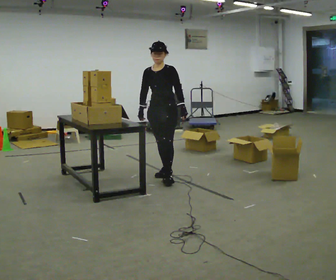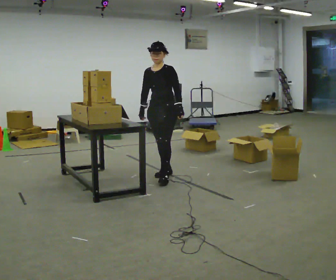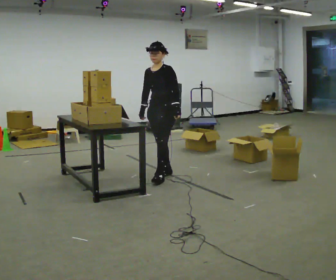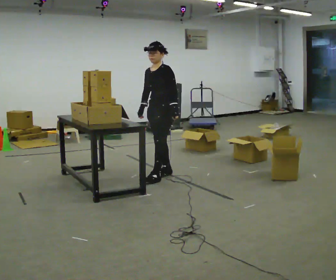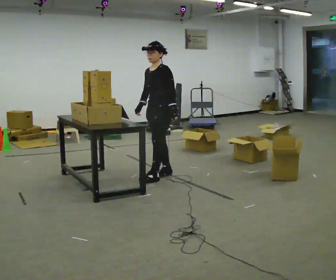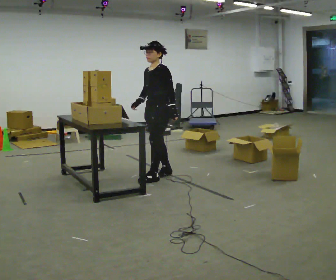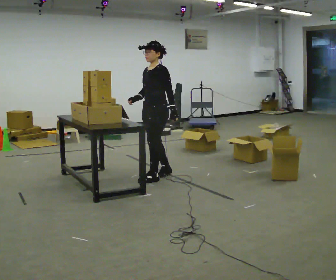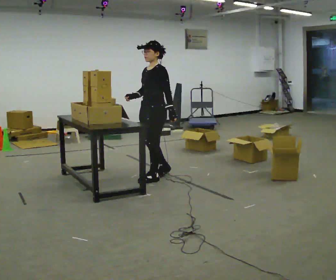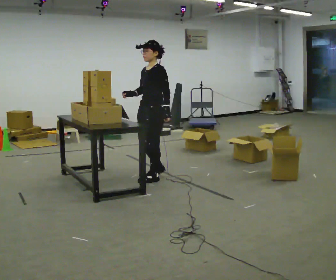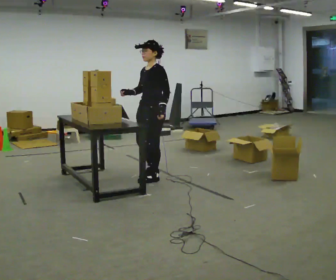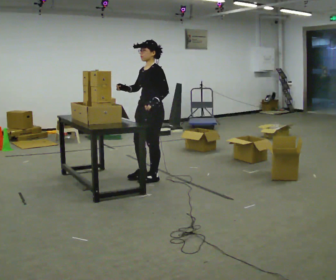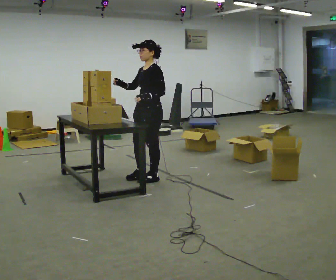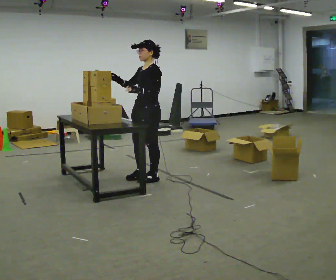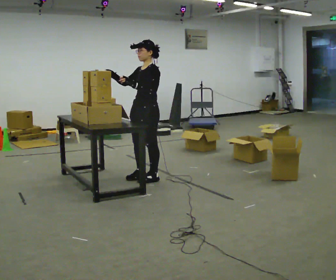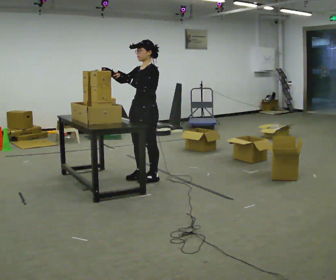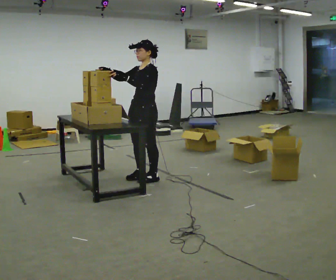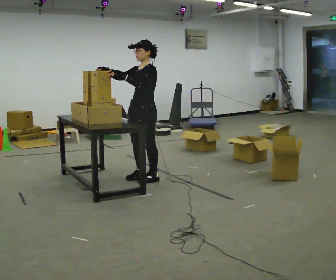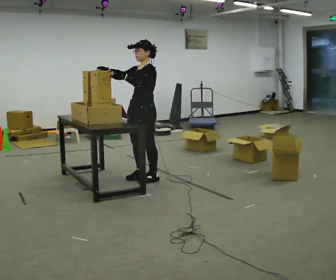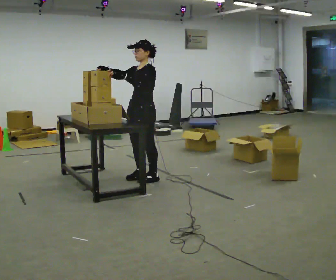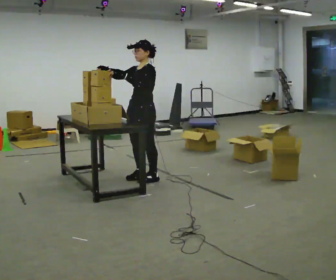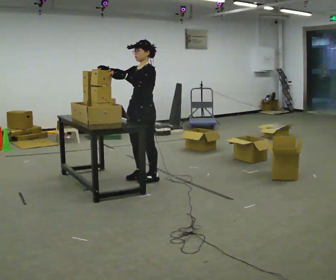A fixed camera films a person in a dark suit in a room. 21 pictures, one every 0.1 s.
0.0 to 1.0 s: The person turns about 30 degrees to their right, clockwise seen from above, so the part of the body nearest the lens slides to the left. In the picture their left hand goes to the left.
1.0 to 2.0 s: In the picture their left hand goes to the left.
The film runs backward here.
